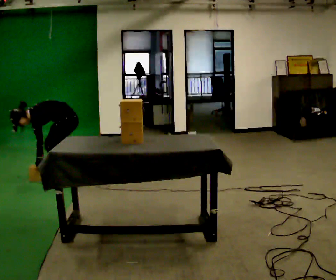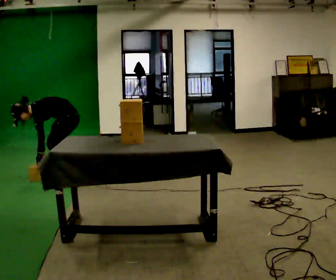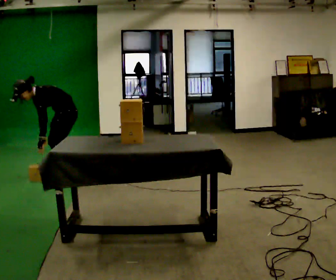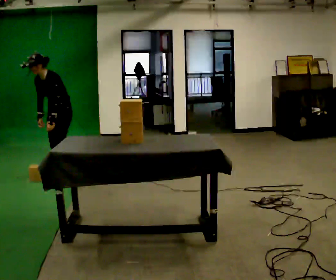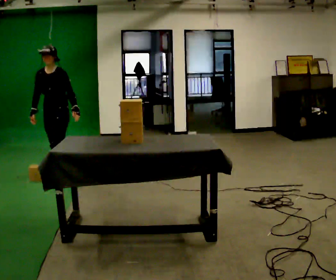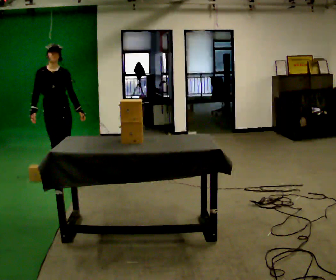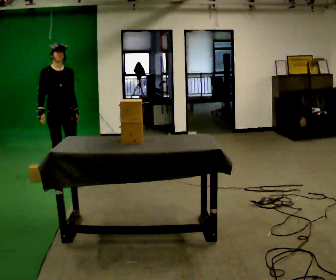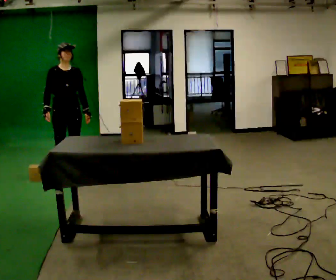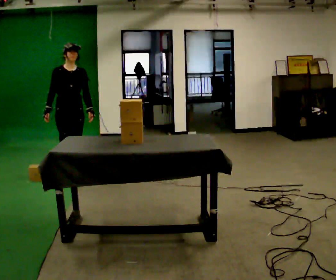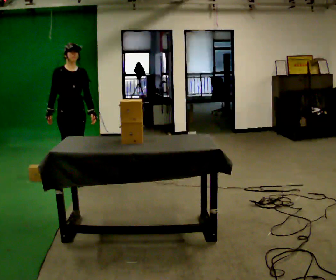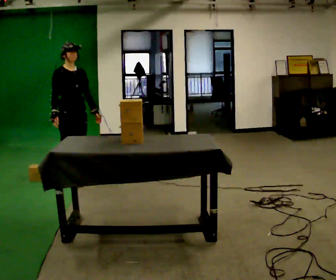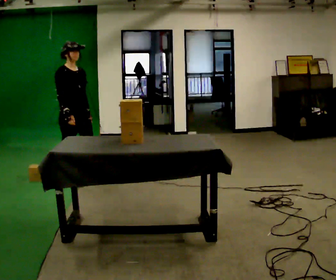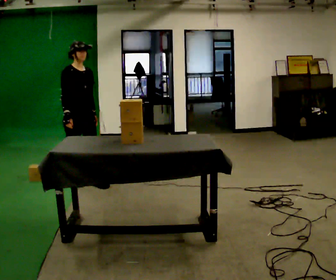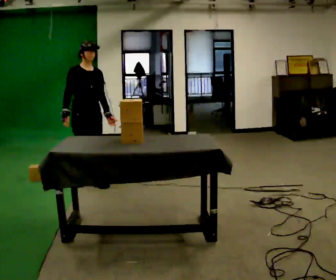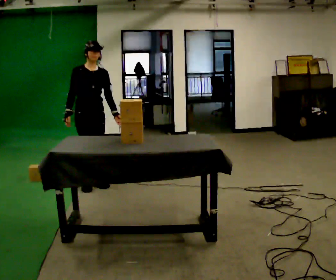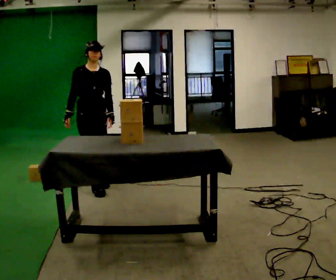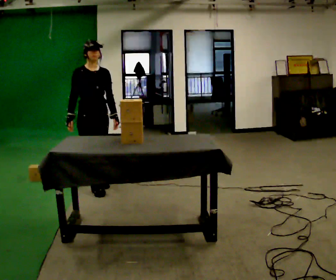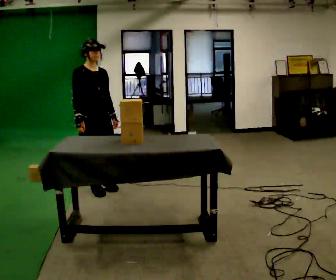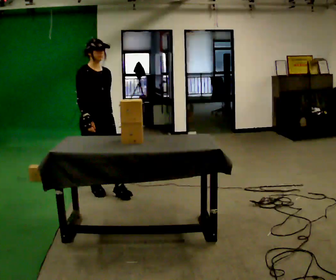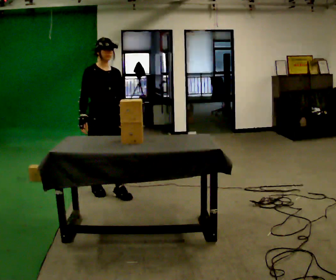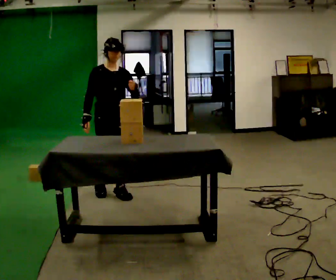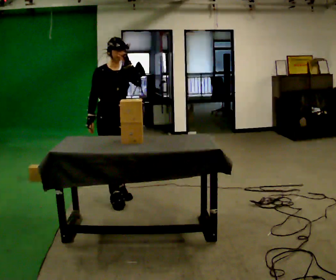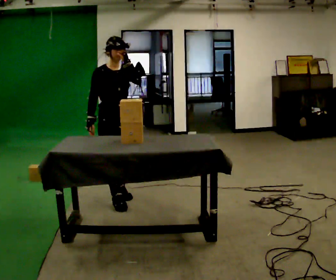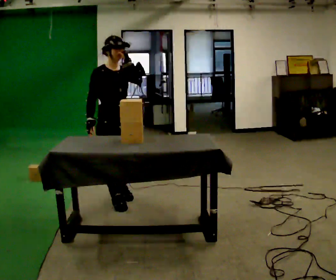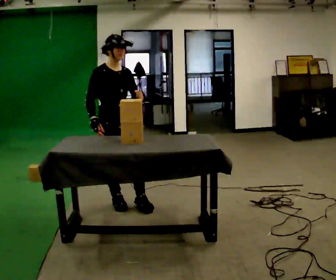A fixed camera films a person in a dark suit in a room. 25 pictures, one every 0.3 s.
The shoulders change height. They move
upward.
The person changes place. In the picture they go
toward the camera.
0.0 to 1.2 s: The person turns about 60 degrees to their left, counterclockwise seen from above, so the part of the body nearest the lens slides to the right. In the picture they go to the left, about 0.25 m, which for them is to their right. The upper body goes upward. In the picture the upper body tilts clockwise, shoulders to the right, as they lean back or straighten. In the picture their left hand goes upward and to the right.
1.2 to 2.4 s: The part of the body nearest the lens slides to the right as the person turns to their left by about 45 degrees. In the picture they go to the right, about 0.25 m in 1 step, which for them is to their left.
2.4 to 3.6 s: In the picture they go toward the camera, about 0.25 m in 2 steps, which for them is forward.
3.6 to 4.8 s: In the picture they go toward the camera and to the right, about 0.25 m in 1 step, which for them is forward.
4.8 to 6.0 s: In the picture they go toward the camera and to the right, about 0.25 m in 1 step, which for them is forward.
6.0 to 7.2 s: In the picture they go toward the camera, about 0.25 m in 1 step, which for them is forward.
The film runs forward here.
